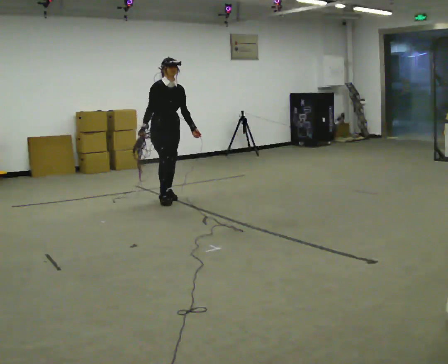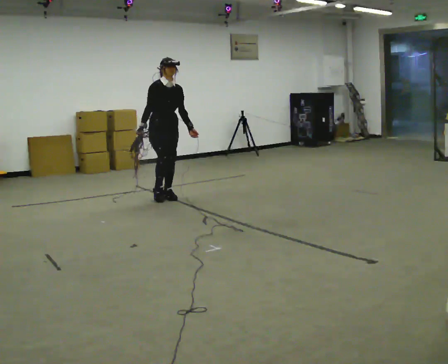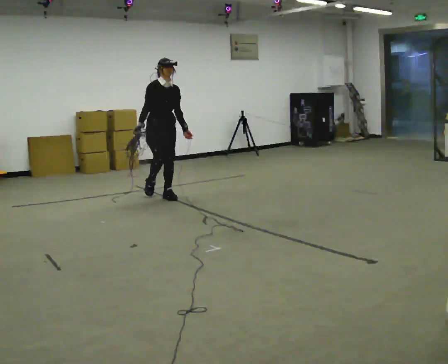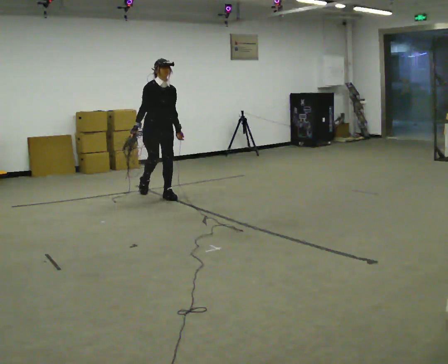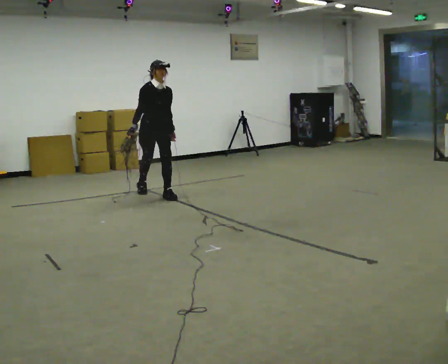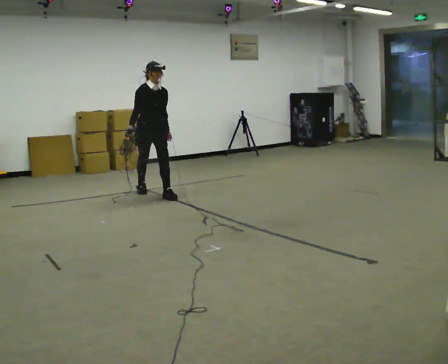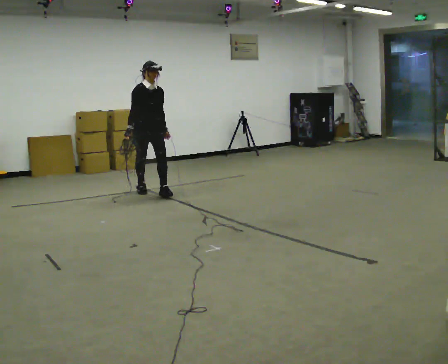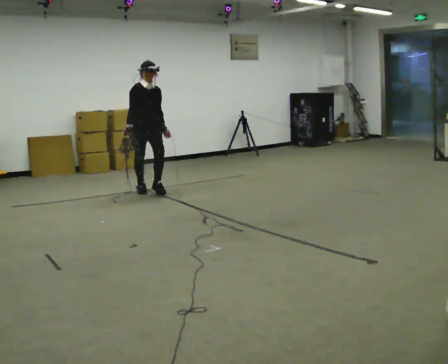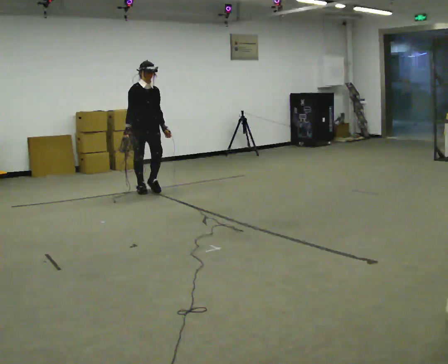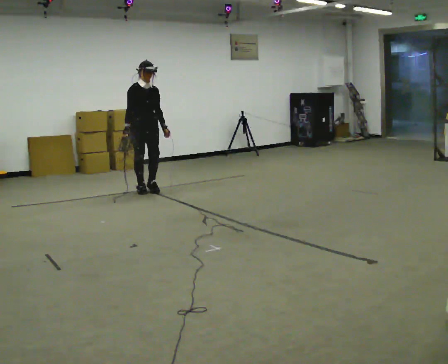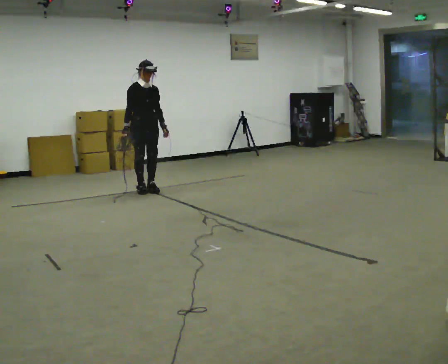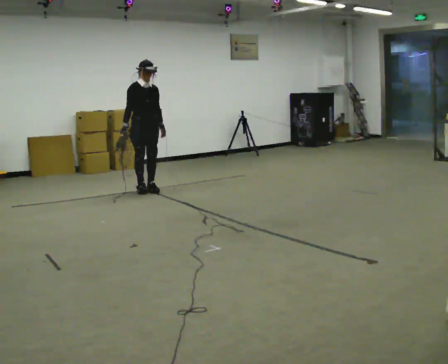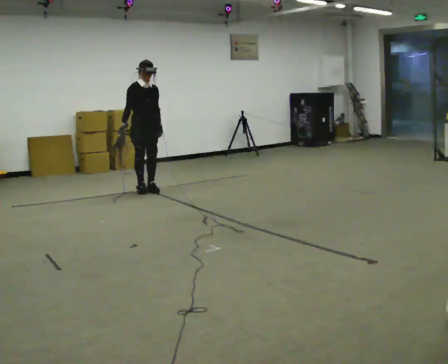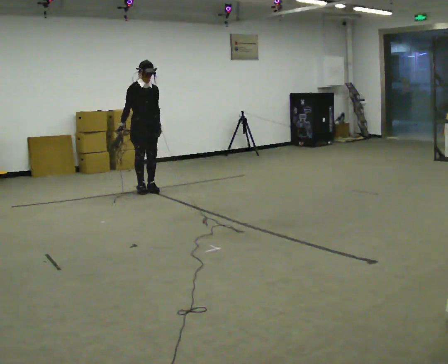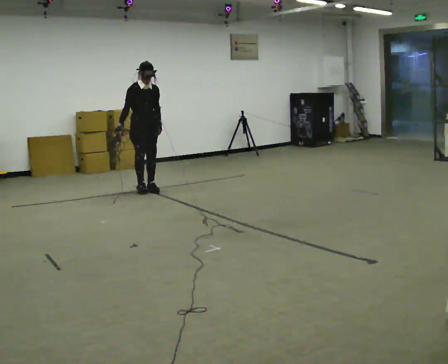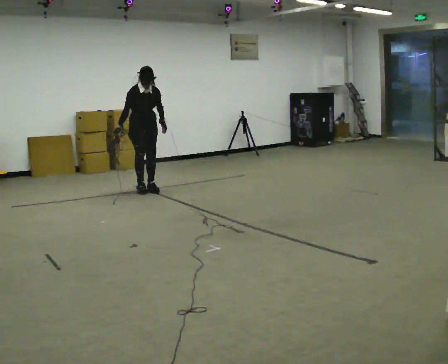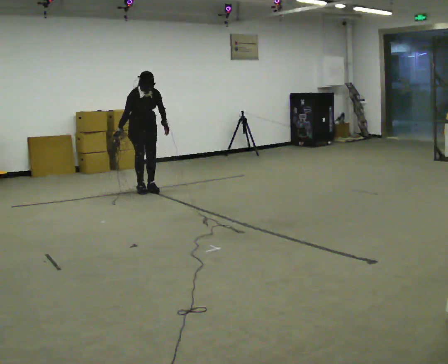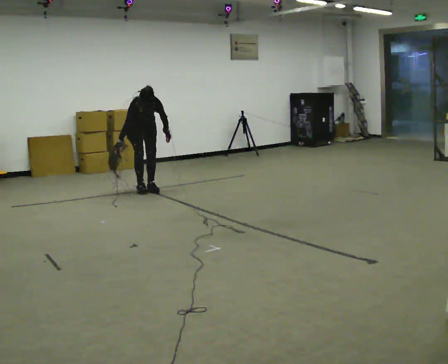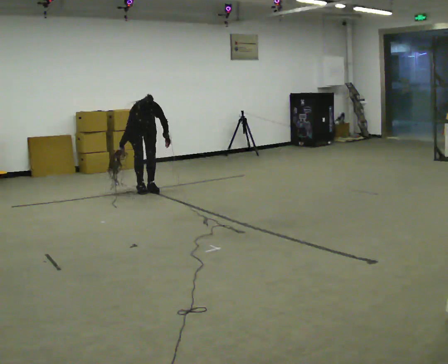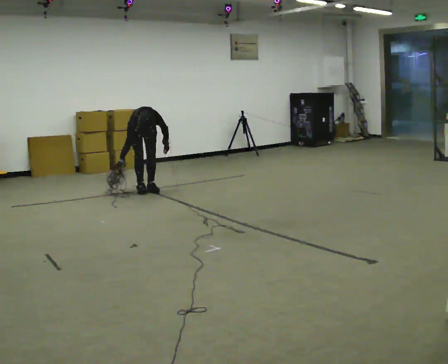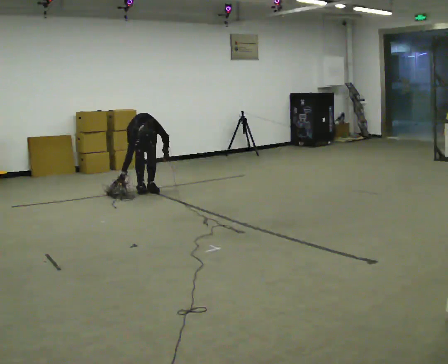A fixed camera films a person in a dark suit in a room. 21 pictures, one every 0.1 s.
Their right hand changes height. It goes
downward.
The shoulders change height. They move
downward.
0.0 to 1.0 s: In the picture they go away from the camera and to the left, about 0.5 m in 1 step, which for them is backward.
1.0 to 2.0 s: In the picture they go away from the camera, about 0.25 m, which for them is backward. The shoulders move downward. The upper body tips toward the camera, its near side rolling downward, as they bend forward. In the picture their left hand goes downward.
The film runs backward here.
